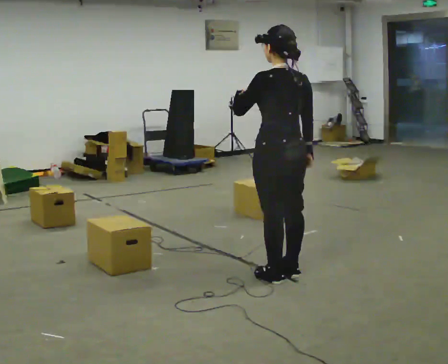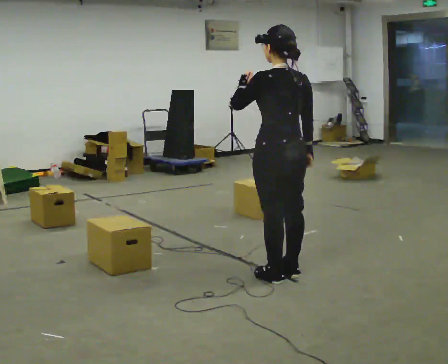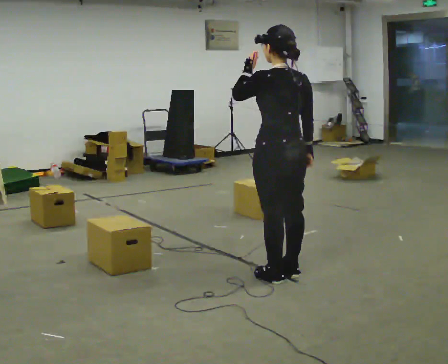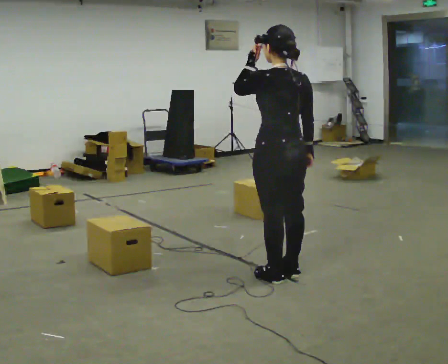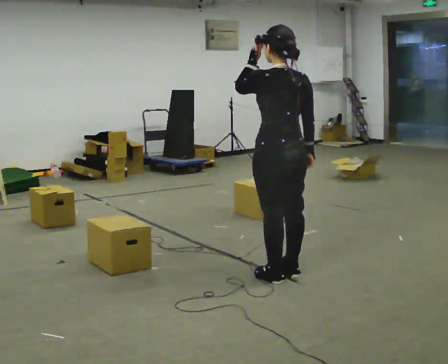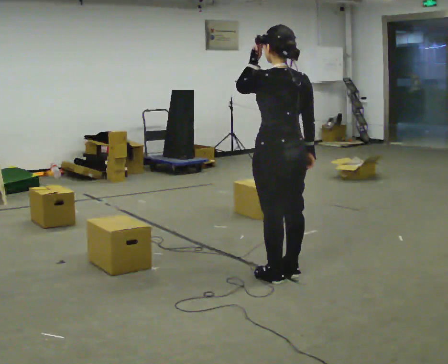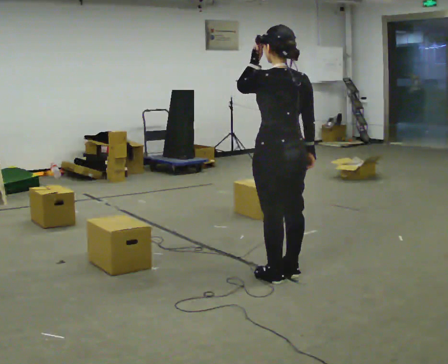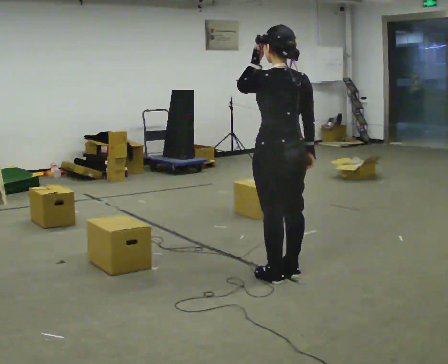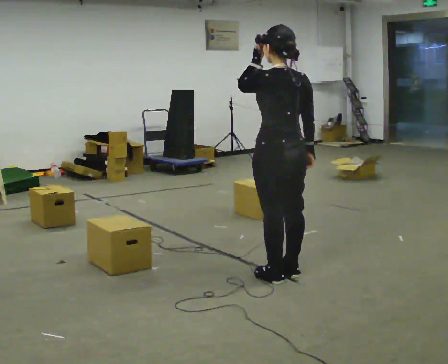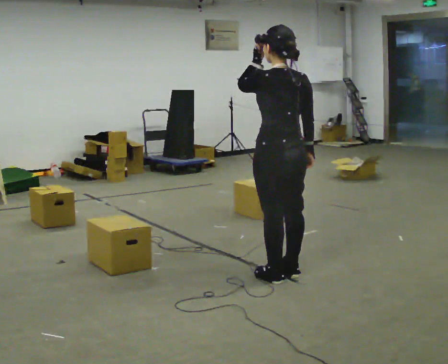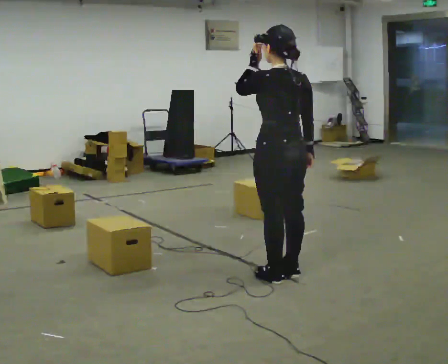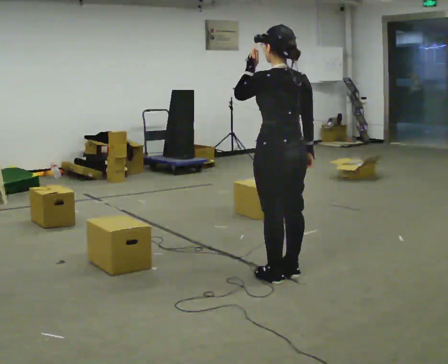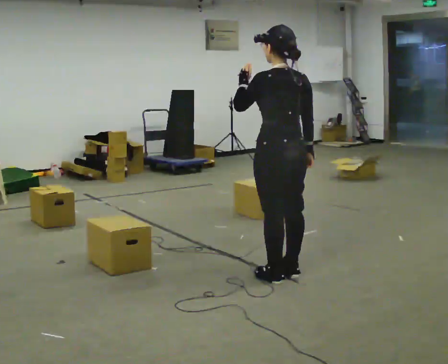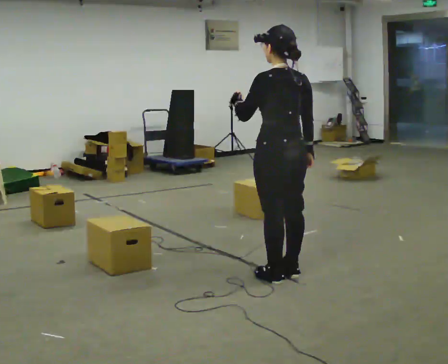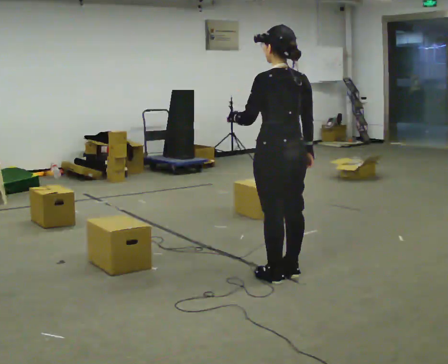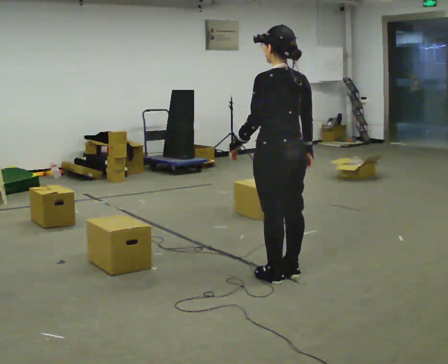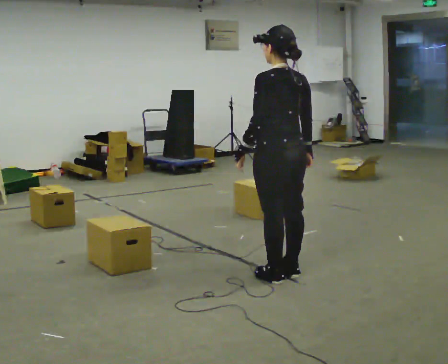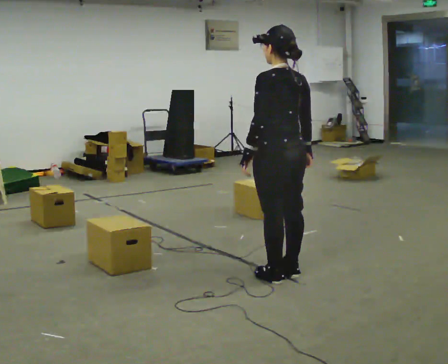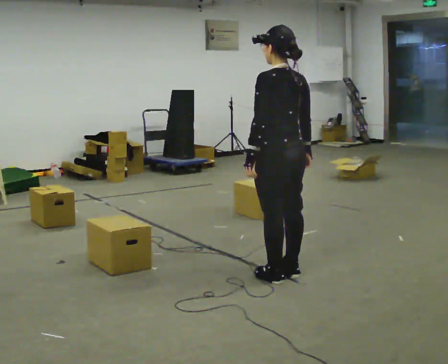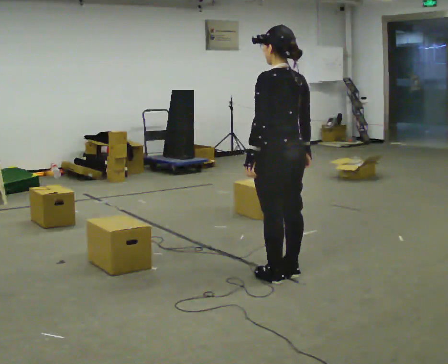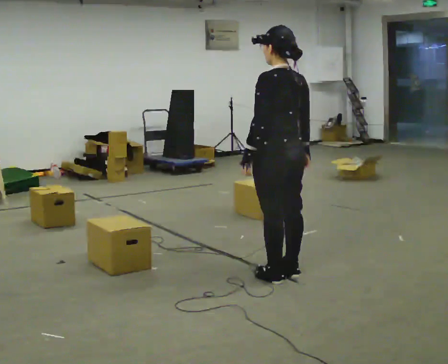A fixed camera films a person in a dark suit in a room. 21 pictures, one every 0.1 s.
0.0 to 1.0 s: The person moves a little, or ends about where they began.
1.0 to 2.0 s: In the picture their left hand goes downward.
The film runs forward here.
